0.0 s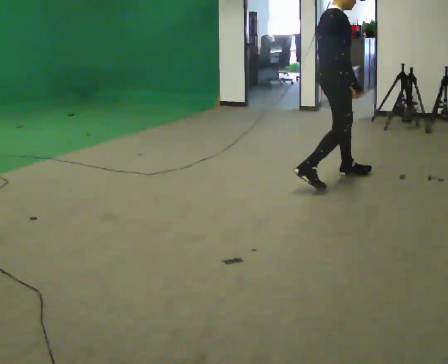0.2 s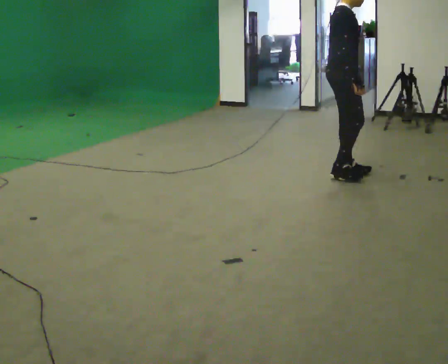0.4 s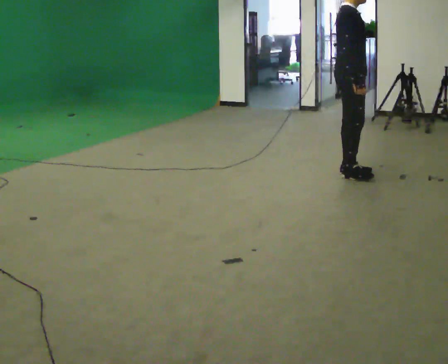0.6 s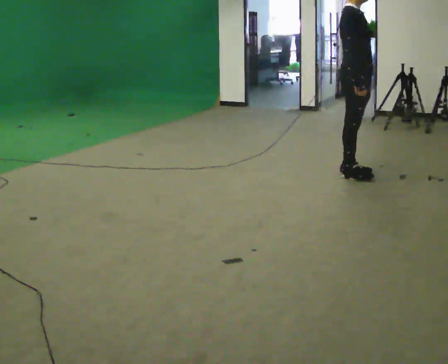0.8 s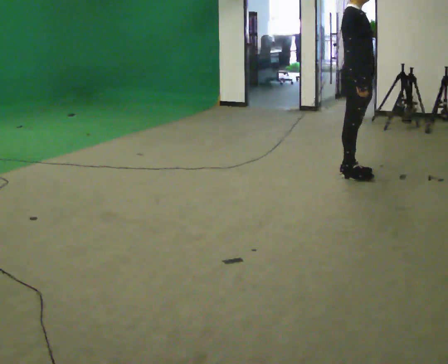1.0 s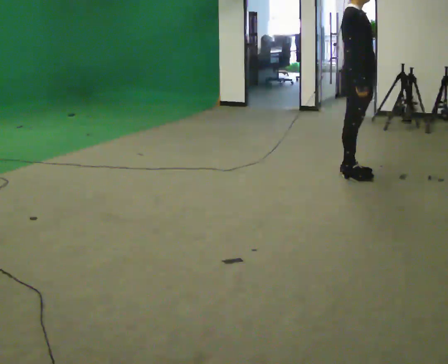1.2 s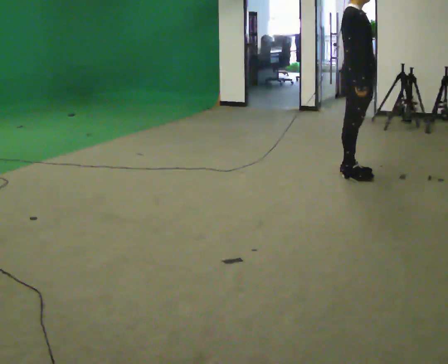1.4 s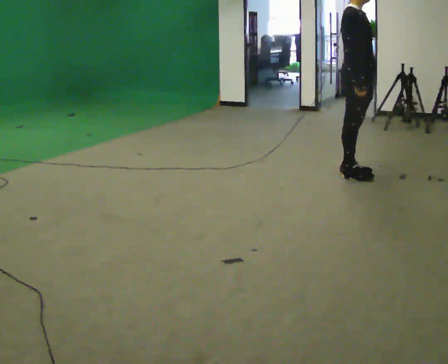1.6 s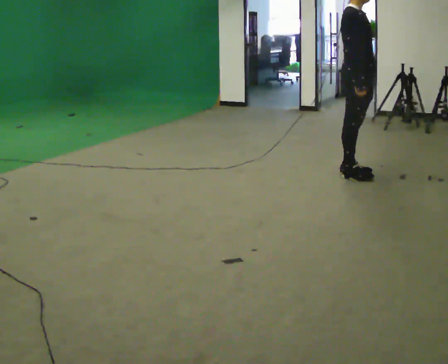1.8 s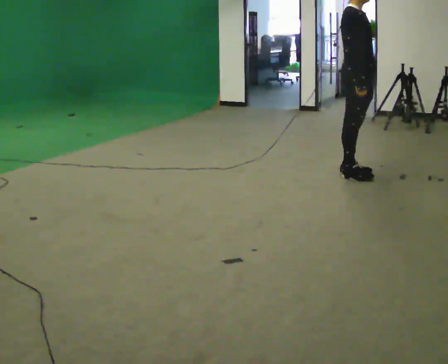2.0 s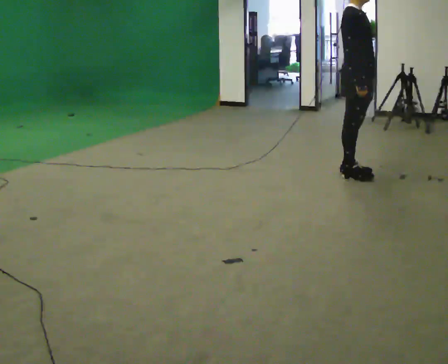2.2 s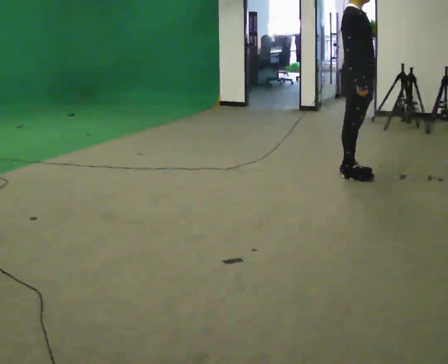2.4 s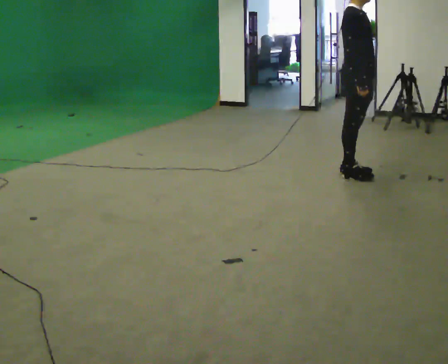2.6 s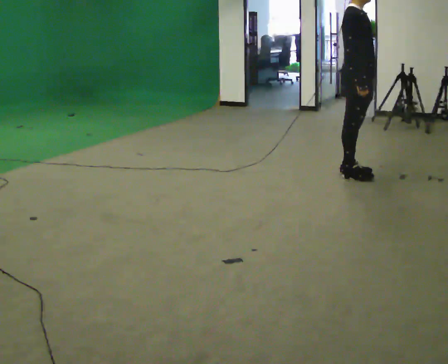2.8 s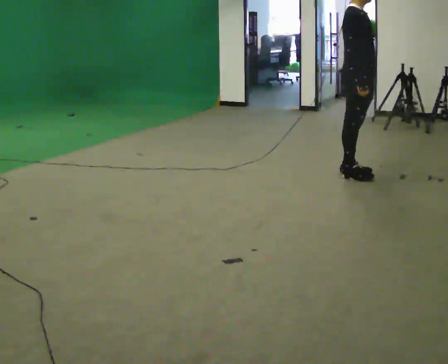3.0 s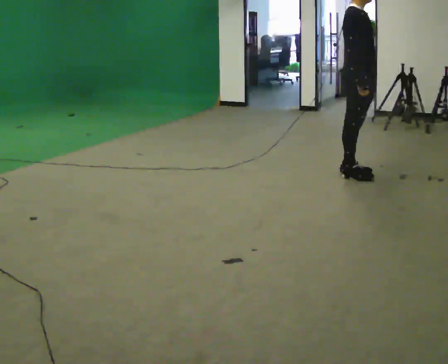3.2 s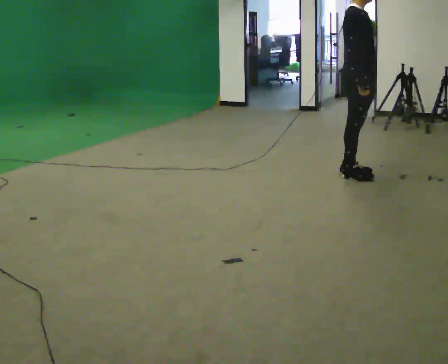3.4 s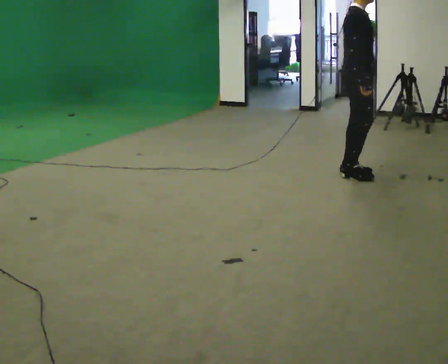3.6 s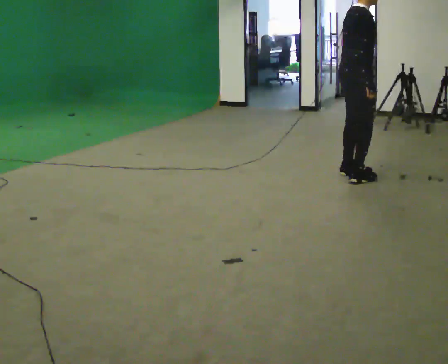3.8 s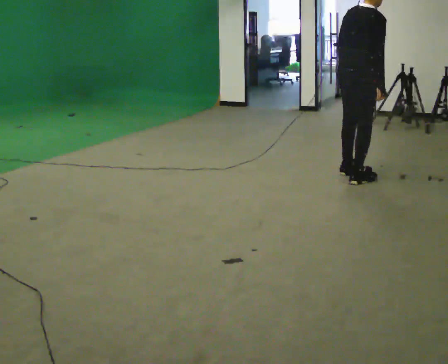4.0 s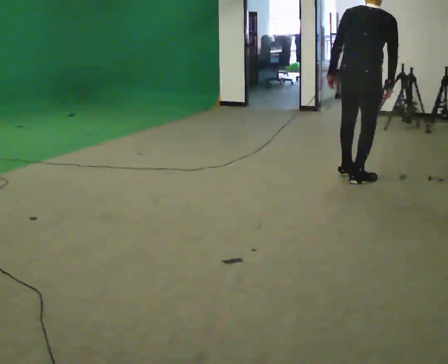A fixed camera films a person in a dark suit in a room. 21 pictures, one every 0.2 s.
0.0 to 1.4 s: In the picture they go to the right and away from the camera, about 0.25 m in 1 step, which for them is forward and to their left. In the picture their left hand goes to the right.
1.4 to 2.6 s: The person keeps their place and pose.
2.6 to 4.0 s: The part of the body nearest the lens slides to the right as the person turns to their left by about 75 degrees.
The film runs forward here.
